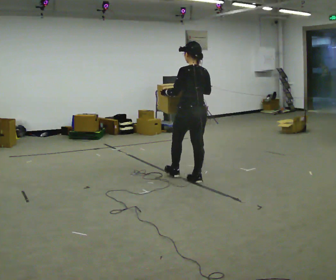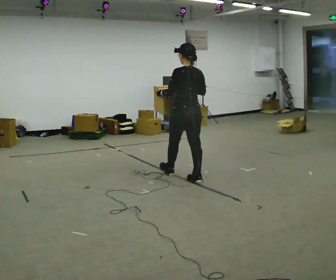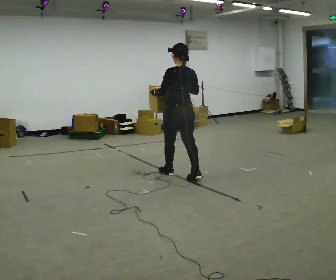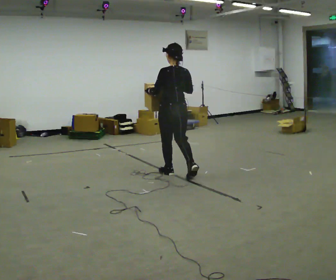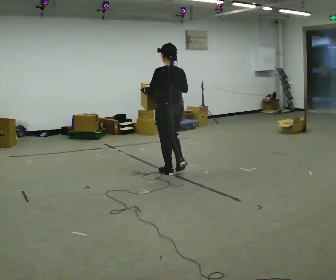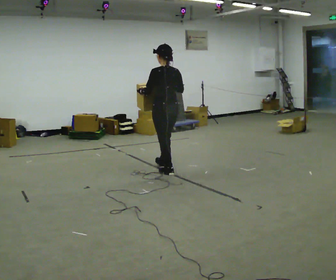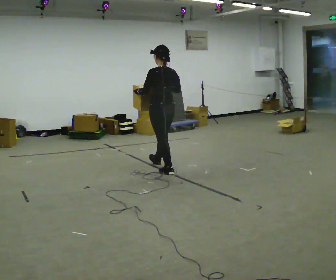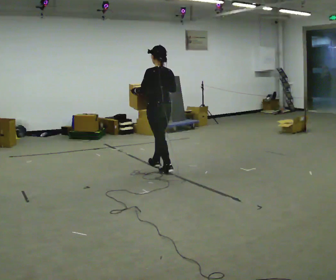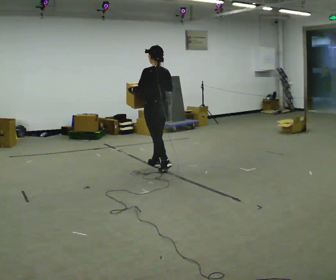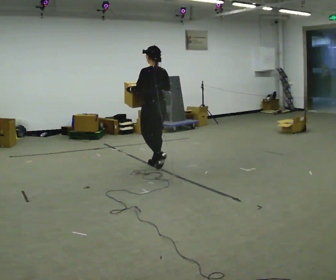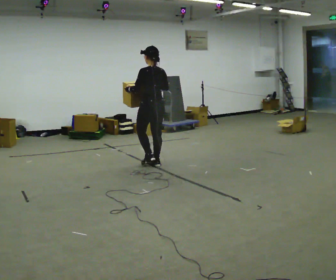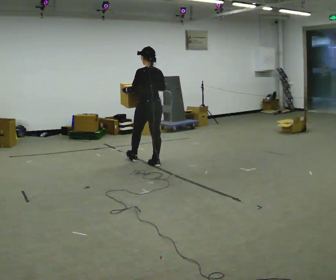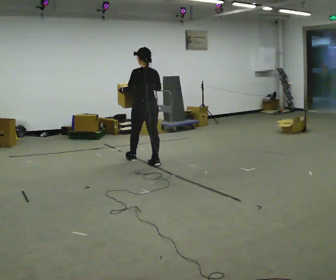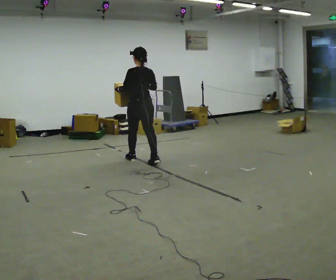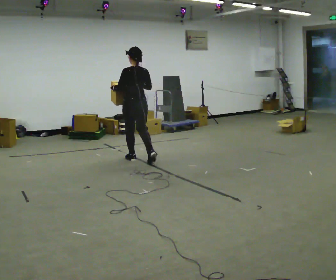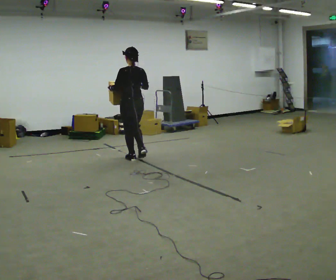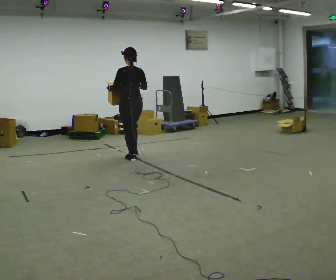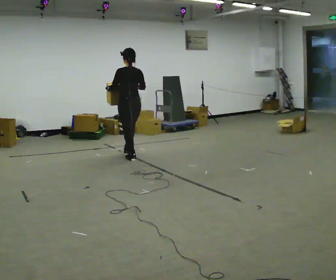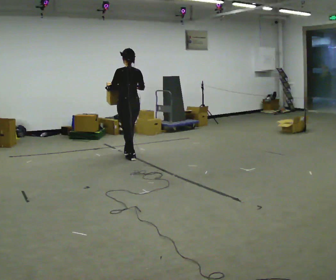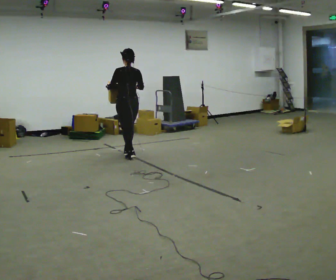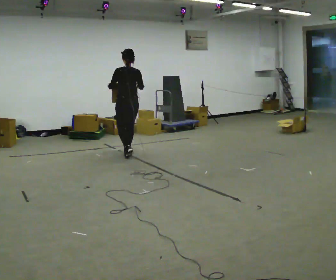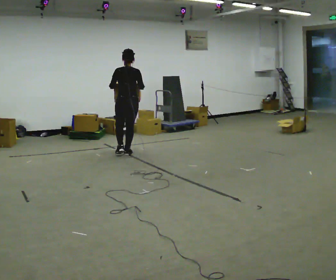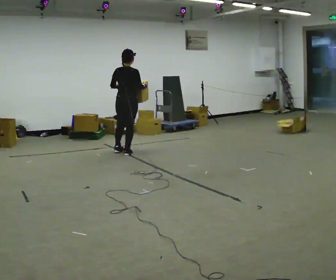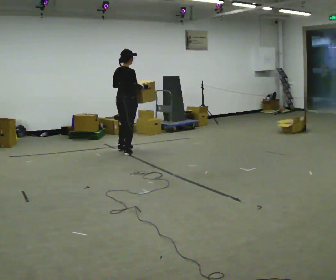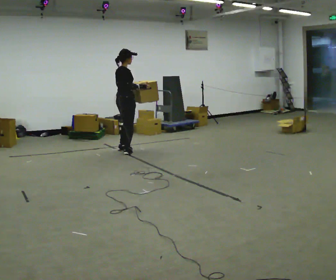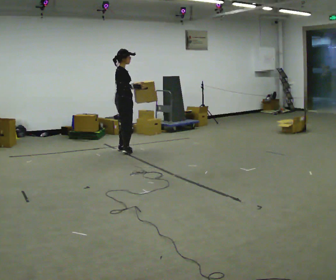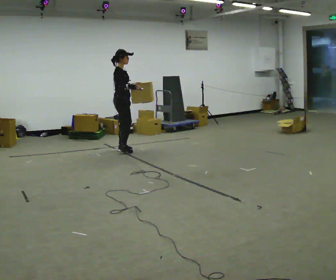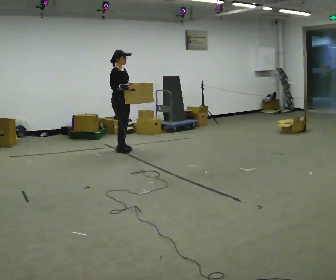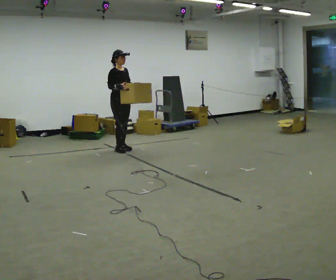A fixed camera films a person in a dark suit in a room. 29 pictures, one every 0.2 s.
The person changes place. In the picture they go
away from the camera.
The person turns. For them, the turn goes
to their right.
0.0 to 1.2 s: In the picture they go away from the camera and to the left, about 0.5 m in 2 steps, which for them is forward.
1.2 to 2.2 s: In the picture they go away from the camera and to the left, about 0.5 m, which for them is forward.
2.2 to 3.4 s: In the picture they go away from the camera and to the left, about 0.5 m in 2 steps, which for them is forward and to their left.
3.4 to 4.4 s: The part of the body nearest the lens slides to the left as the person turns to their right by about 45 degrees. In the picture they go away from the camera, about 0.25 m, which for them is forward.
4.4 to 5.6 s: The person turns about 120 degrees to their right, clockwise seen from above, so the part of the body nearest the lens slides to the left. In the picture they go away from the camera, about 0.25 m in 2 steps.
The film runs forward here.
